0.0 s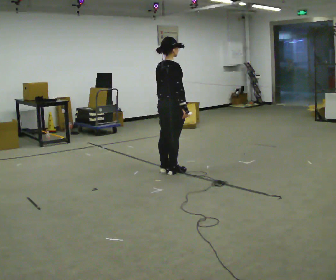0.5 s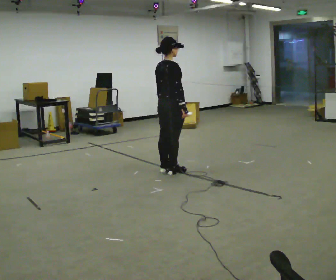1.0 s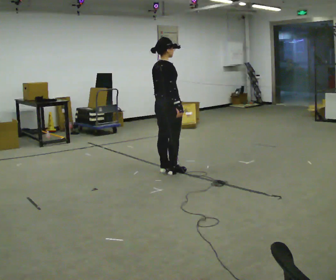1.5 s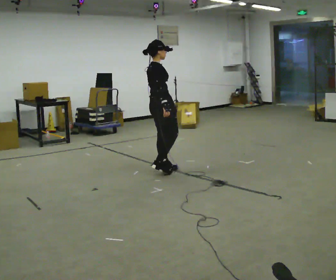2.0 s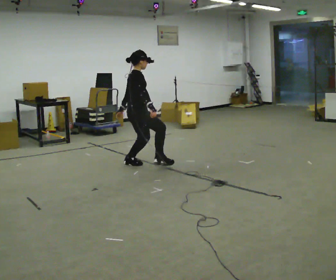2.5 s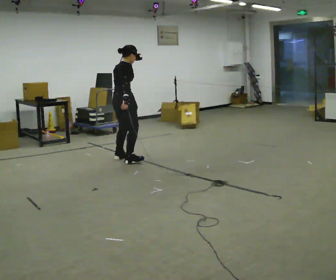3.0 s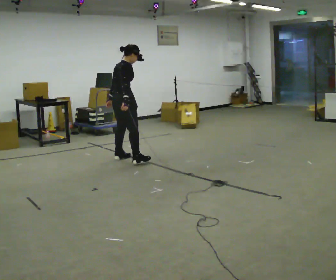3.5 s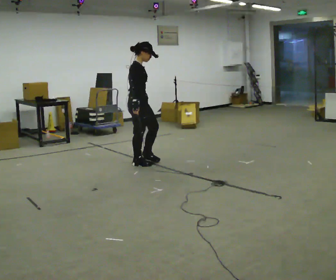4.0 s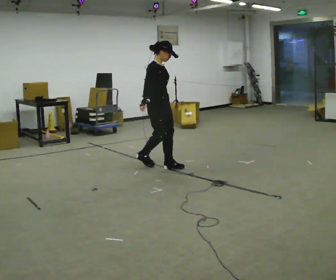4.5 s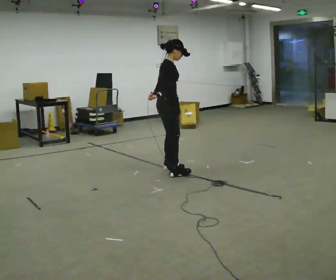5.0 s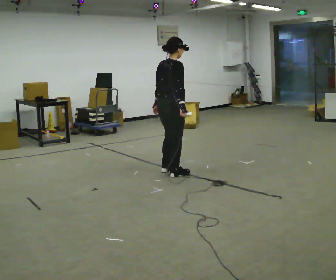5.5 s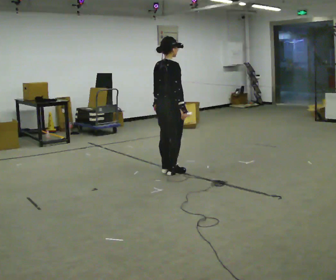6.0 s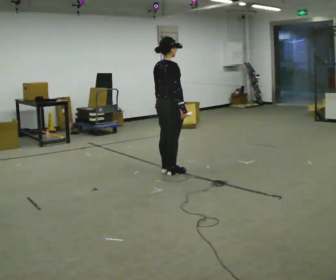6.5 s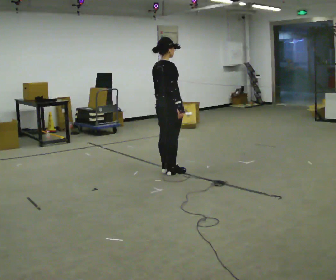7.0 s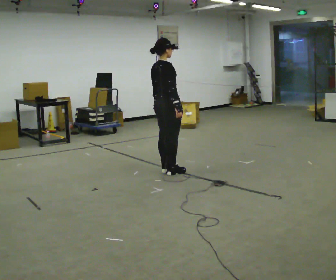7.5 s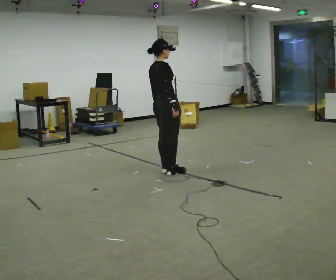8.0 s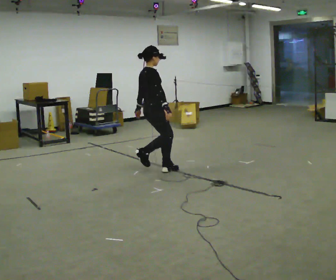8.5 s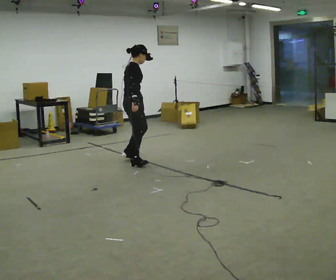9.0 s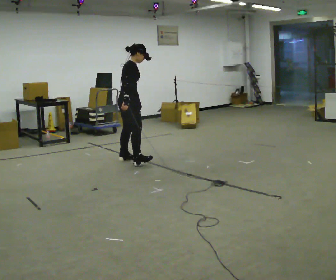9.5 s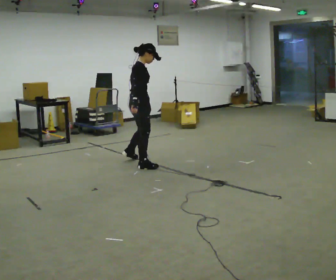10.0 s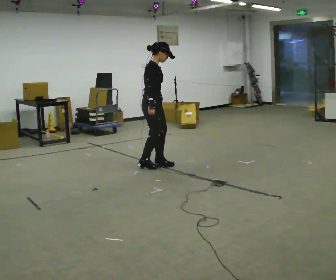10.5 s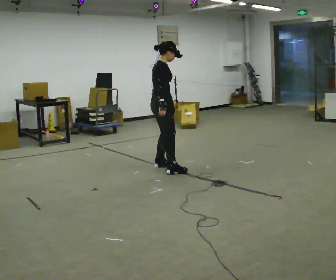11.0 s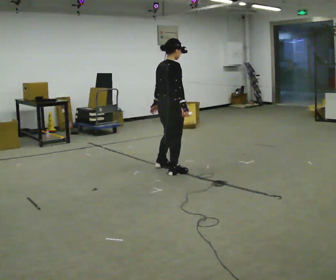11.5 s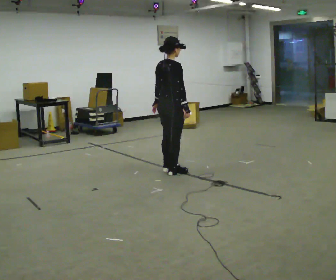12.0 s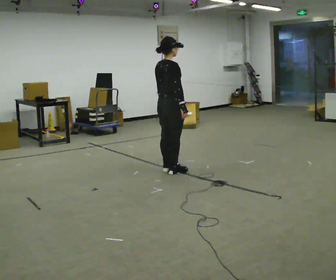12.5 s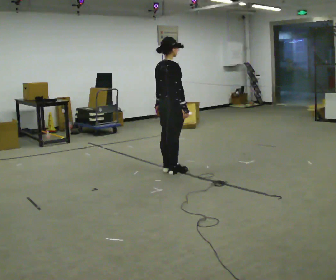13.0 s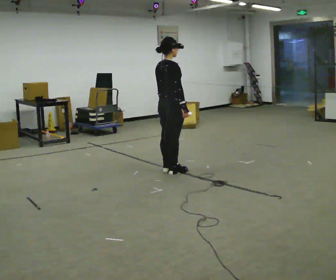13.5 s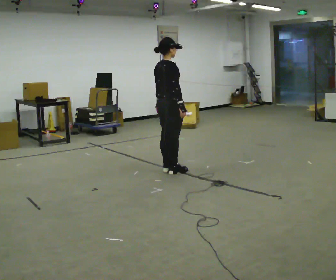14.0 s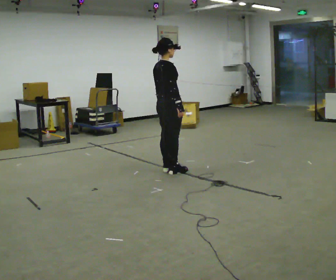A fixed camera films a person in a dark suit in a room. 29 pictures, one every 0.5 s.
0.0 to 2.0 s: The person turns about 30 degrees to their right, clockwise seen from above, so the part of the body nearest the lens slides to the left. In the picture they go to the left and away from the camera, about 0.5 m in 1 step, which for them is to their left and backward.
2.0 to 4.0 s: Seen from above the body turns clockwise, about 30 degrees: to their right, with its near side sliding to the left. In the picture they go to the right, about 0.25 m in 2 steps.
4.0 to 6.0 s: Seen from above the body turns counterclockwise, about 60 degrees: to their left, with its near side sliding to the right. In the picture they go toward the camera, about 0.25 m in 2 steps.
6.0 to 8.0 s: Seen from above the body turns clockwise, about 30 degrees: to their right, with its near side sliding to the left. In the picture they go away from the camera and to the left, about 0.25 m, which for them is to their left.
8.0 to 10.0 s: The person moves a little, or ends about where they began.
10.0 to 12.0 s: Seen from above the body turns counterclockwise, about 45 degrees: to their left, with its near side sliding to the right. In the picture they go toward the camera and to the right, about 0.25 m in 2 steps, which for them is to their right.
12.0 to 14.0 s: The person moves a little, or ends about where they began.
The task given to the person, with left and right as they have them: Stand on the marked spots. Lean to the side the operator calls until you cannot hold it, then step to catch yourself. Return to the spots. Repeat at your own pace until the operator says stop. Go slowly and only as far as you are comfortable. Step whenever you need to; do not try to hold on longer than feels safe.
The film runs forward here.
